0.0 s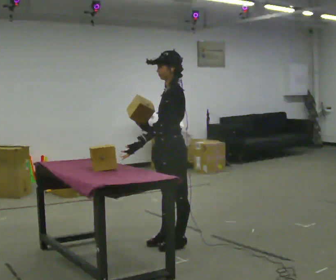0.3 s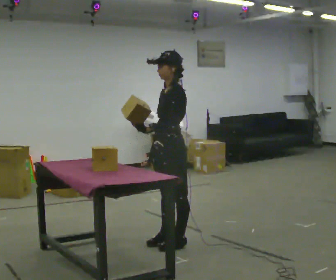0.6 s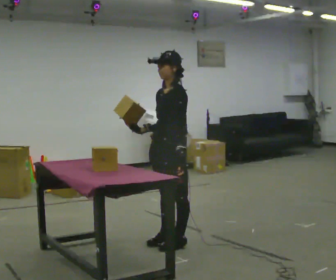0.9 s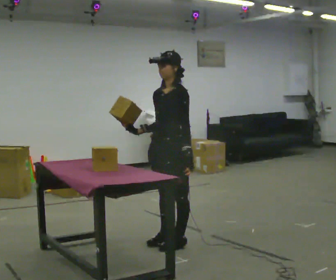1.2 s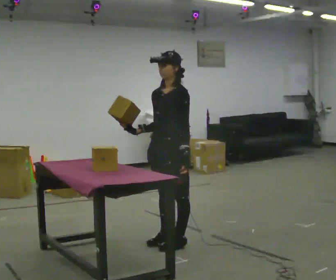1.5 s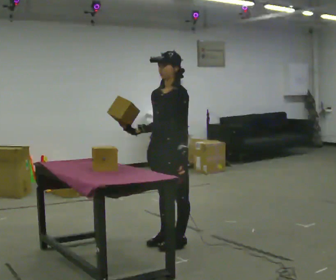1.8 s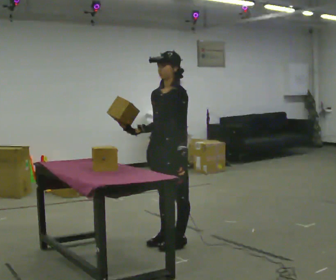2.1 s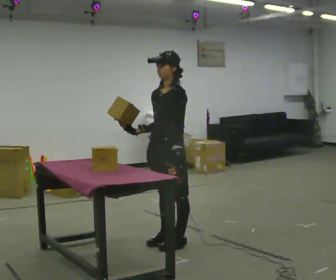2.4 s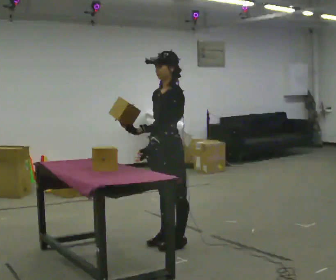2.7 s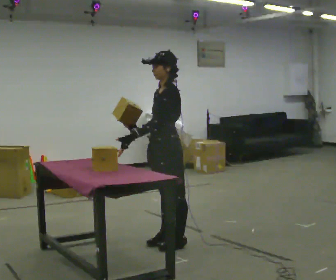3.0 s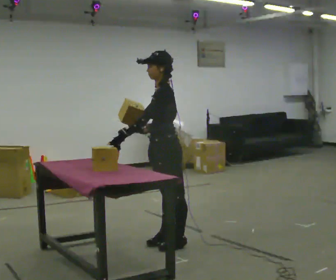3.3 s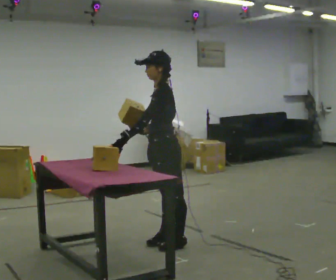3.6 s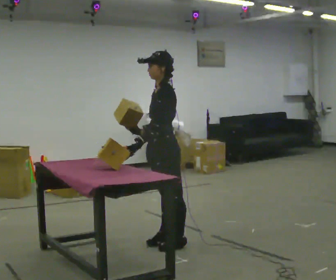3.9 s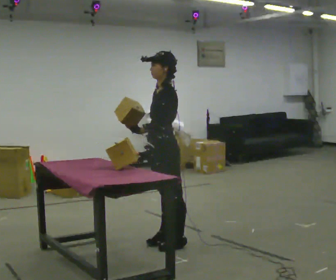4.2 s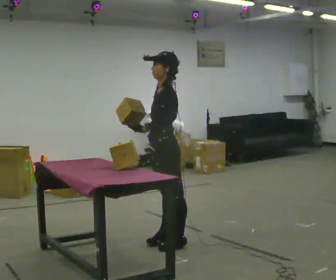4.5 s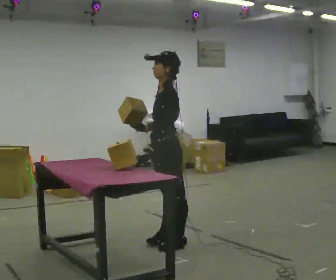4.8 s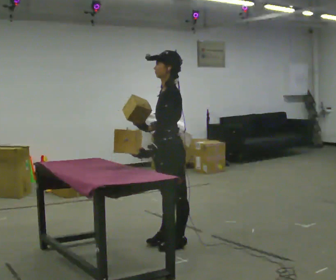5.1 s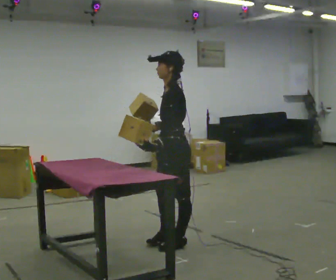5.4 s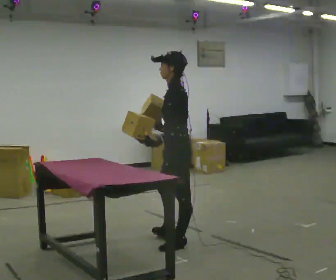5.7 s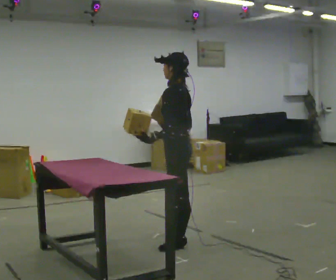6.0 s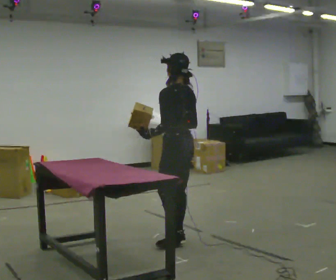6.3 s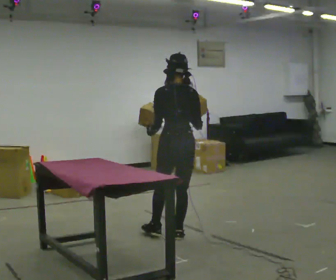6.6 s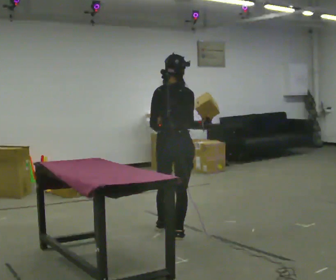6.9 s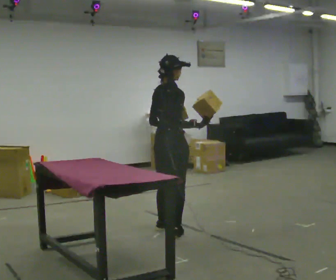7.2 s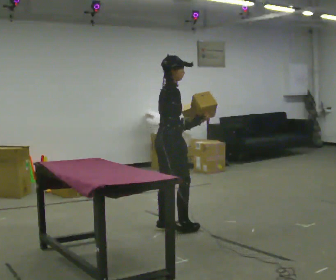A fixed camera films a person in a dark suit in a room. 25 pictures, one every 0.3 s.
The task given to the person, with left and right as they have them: Carry two objects across the room, then put just one of them on the shelf while still holding the other. Then bring them both back. Keep going until the operator says stop; one object at a time, and do not rush between trips.
0.0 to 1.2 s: The person turns about 30 degrees to their left, counterclockwise seen from above, so the part of the body nearest the lens slides to the right. In the picture their left hand goes to the right, the arm swinging counterclockwise.
1.2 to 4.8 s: The part of the body nearest the lens slides to the left as the person turns to their right by about 30 degrees.
4.8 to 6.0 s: The part of the body nearest the lens slides to the left as the person turns to their right by about 60 degrees. In the picture they go away from the camera, about 0.25 m in 1 step, which for them is to their right.
6.0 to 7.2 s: The person turns about 120 degrees to their right, clockwise seen from above, so the part of the body nearest the lens slides to the left. In the picture they go away from the camera, about 0.25 m in 1 step.
The film runs forward here.
